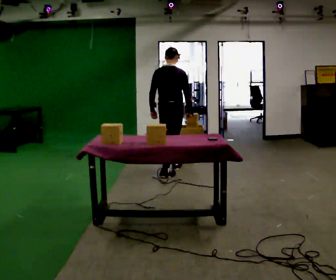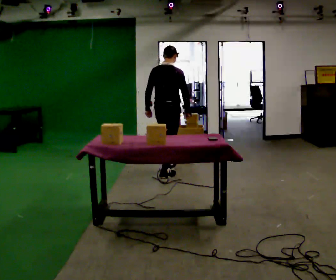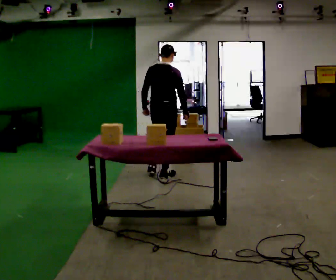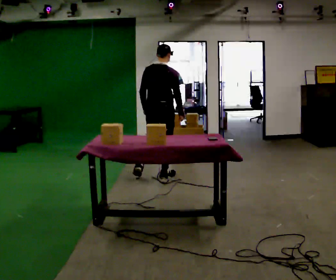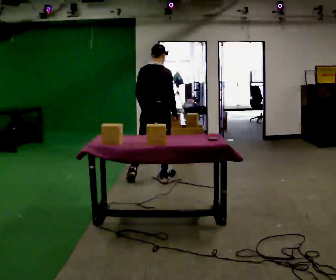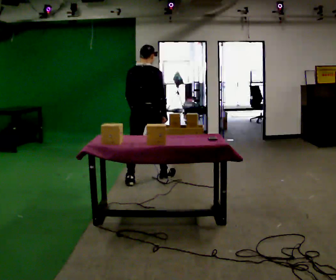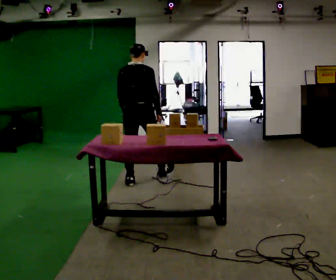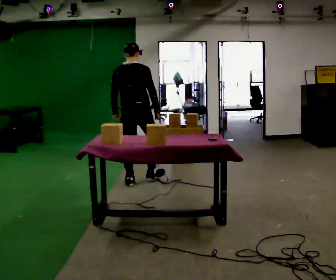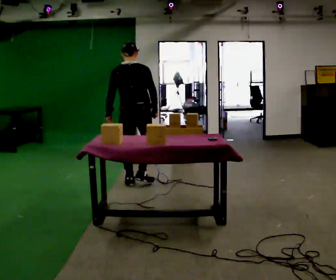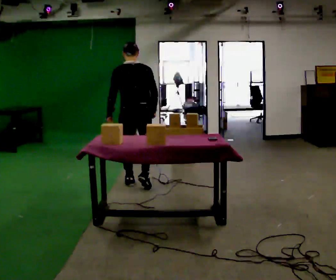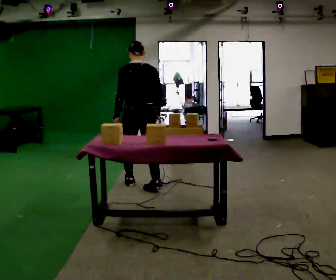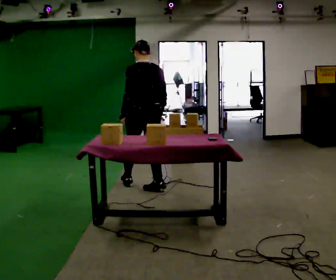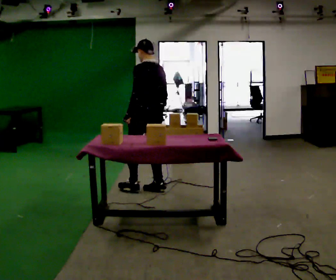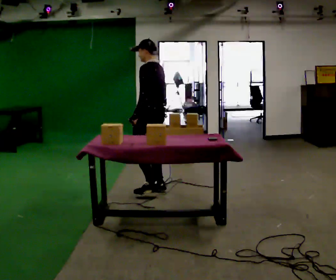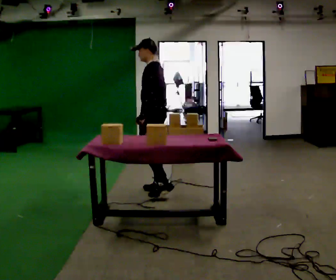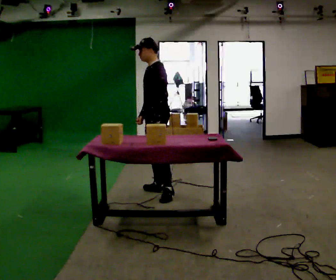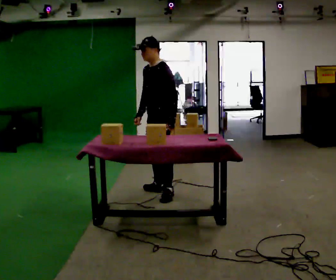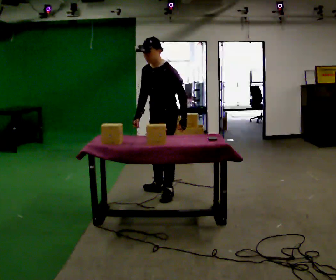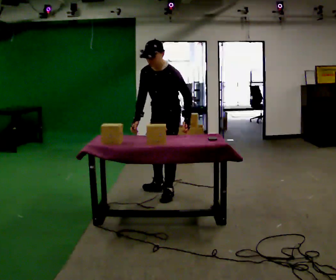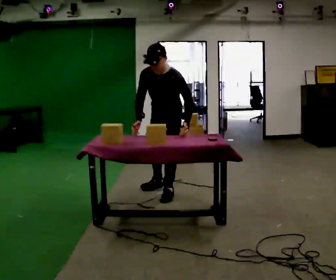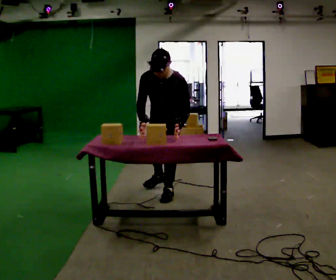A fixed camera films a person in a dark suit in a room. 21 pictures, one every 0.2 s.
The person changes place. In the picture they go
toward the camera.
The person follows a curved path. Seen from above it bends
counterclockwise.
0.0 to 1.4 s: In the picture they go toward the camera and to the left, about 0.75 m in 2 steps, which for them is backward.
1.4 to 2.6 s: The part of the body nearest the lens slides to the right as the person turns to their left by about 75 degrees. In the picture they go toward the camera and to the right, about 0.25 m in 1 step.
2.6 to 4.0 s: The part of the body nearest the lens slides to the right as the person turns to their left by about 90 degrees. In the picture they go toward the camera and to the right, about 0.25 m in 1 step. The upper body tips toward the camera, its near side rolling downward, as they bend forward.
The film runs backward here.
